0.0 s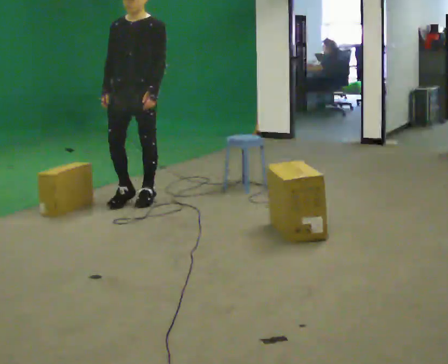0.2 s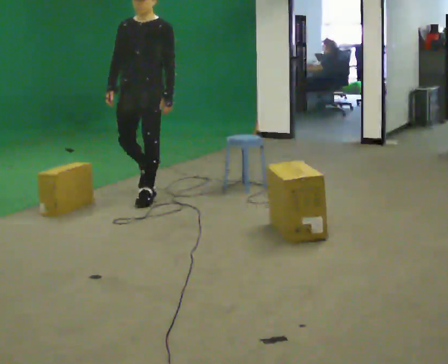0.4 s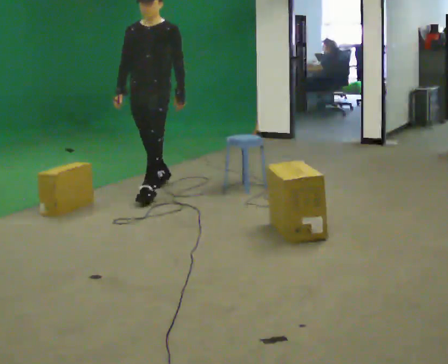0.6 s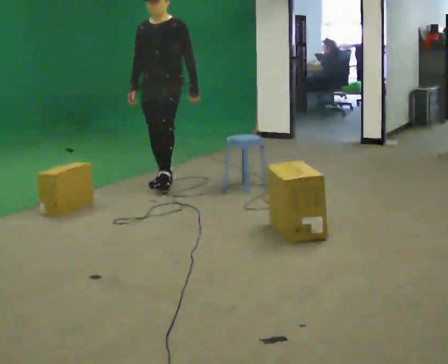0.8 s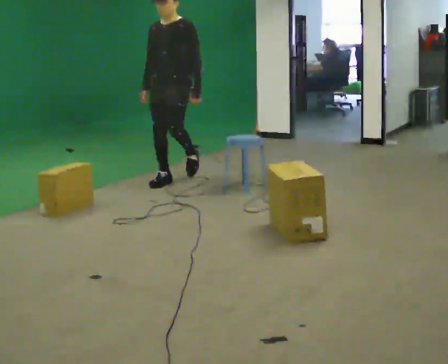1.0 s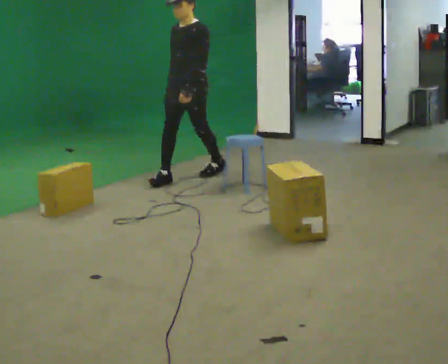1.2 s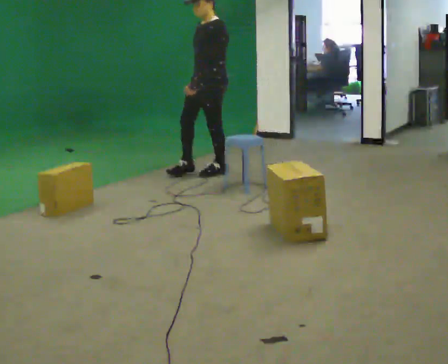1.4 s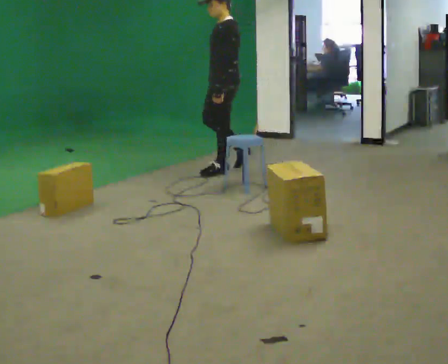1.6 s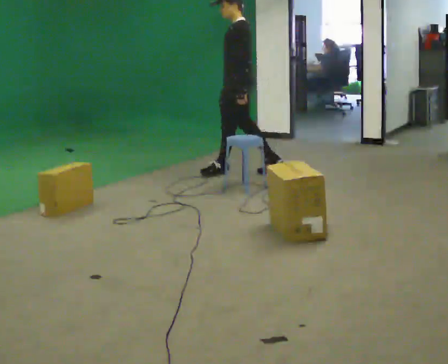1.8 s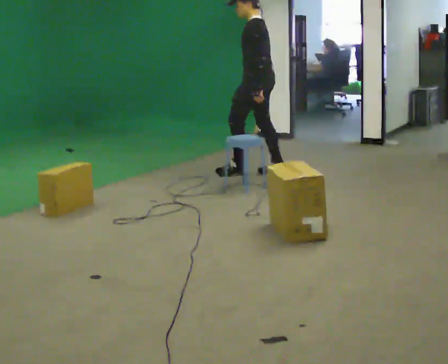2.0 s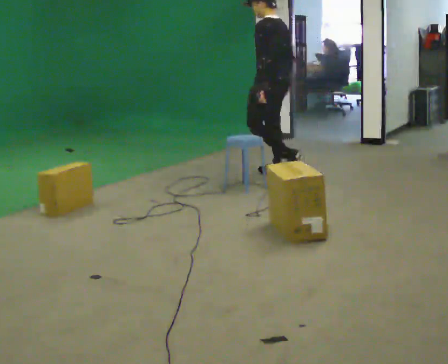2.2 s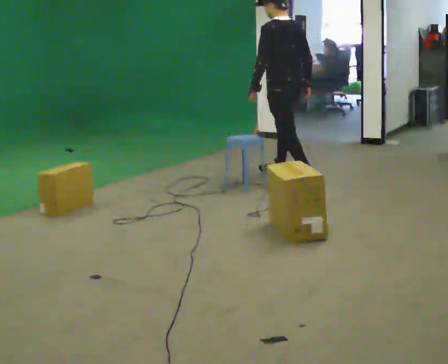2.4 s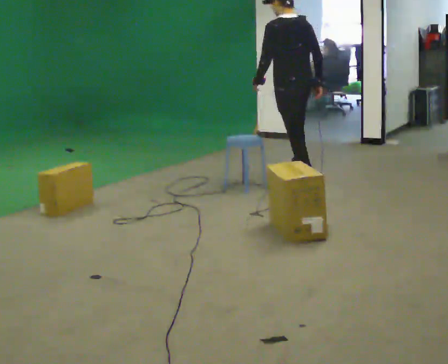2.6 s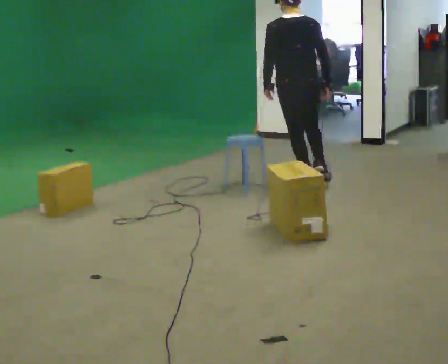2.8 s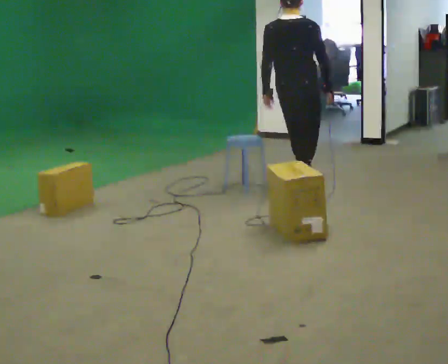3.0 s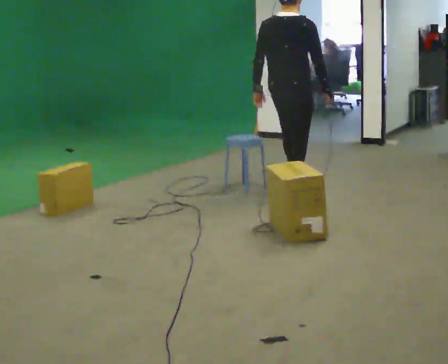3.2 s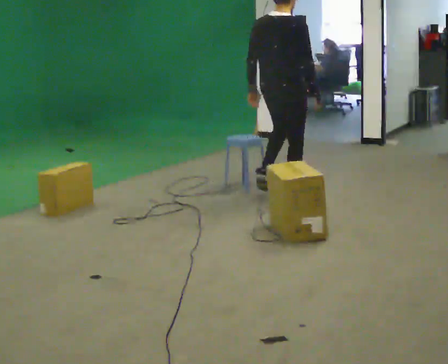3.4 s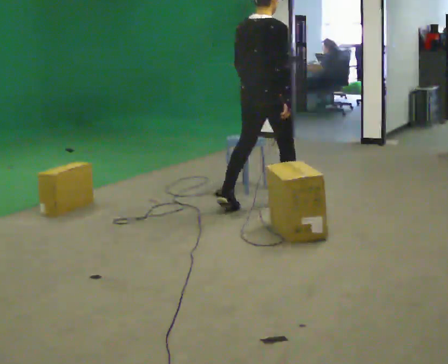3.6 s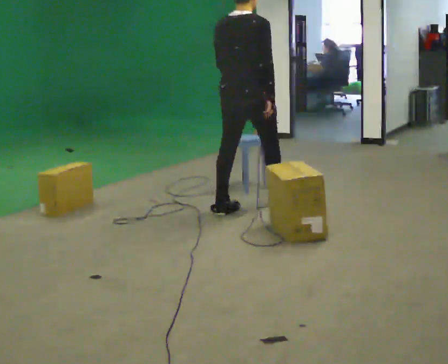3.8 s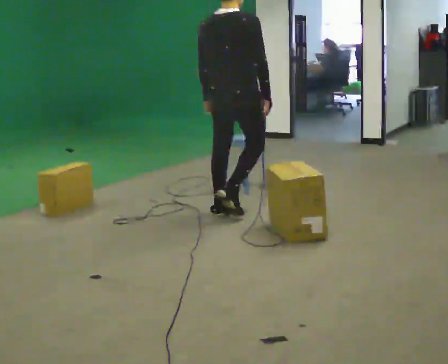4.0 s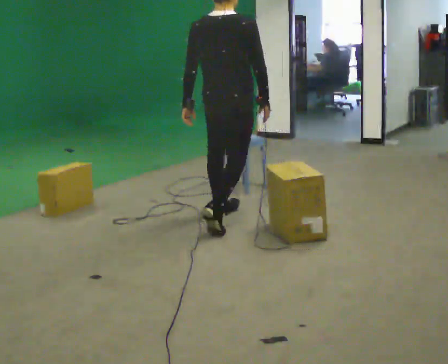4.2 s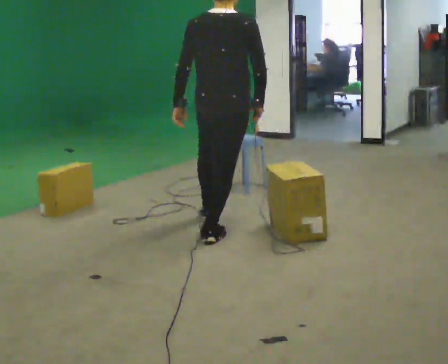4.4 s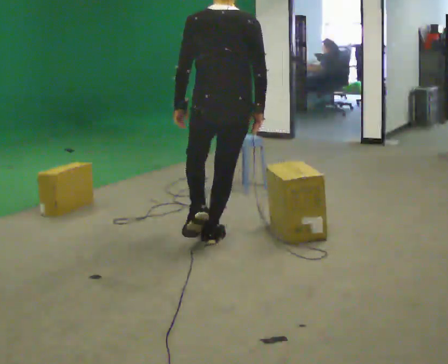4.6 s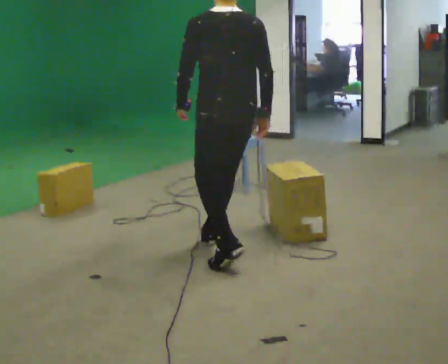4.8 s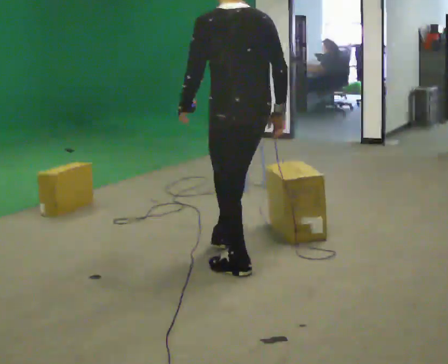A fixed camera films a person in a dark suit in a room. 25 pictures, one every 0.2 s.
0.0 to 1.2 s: Seen from above the body turns clockwise, about 45 degrees: to their right, with its near side sliding to the left. In the picture they go away from the camera and to the right, about 1 m in 2 steps, which for them is backward.
1.2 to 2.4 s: Seen from above the body turns clockwise, about 90 degrees: to their right, with its near side sliding to the left. In the picture they go to the right, about 1 m in 2 steps.
2.4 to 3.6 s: Seen from above the body turns clockwise, about 75 degrees: to their right, with its near side sliding to the left. In the picture they go toward the camera, about 1 m in 2 steps.
3.6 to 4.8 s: The part of the body nearest the lens slides to the right as the person turns to their left by about 60 degrees. In the picture they go toward the camera, about 1 m in 2 steps.
The film runs backward here.
